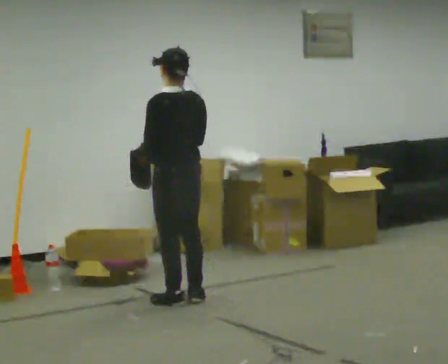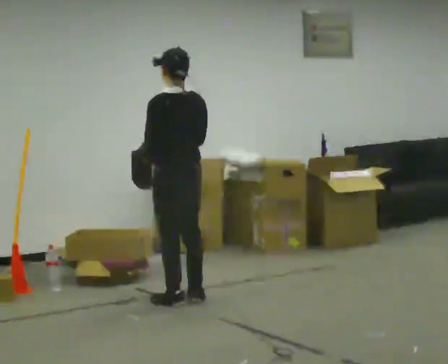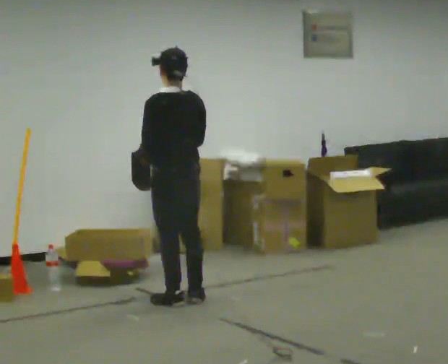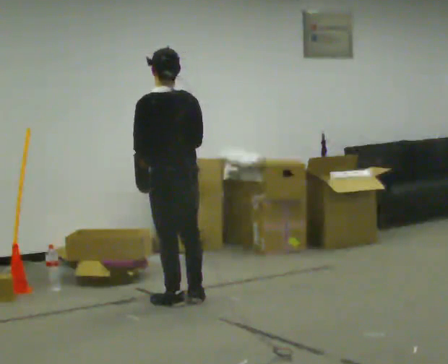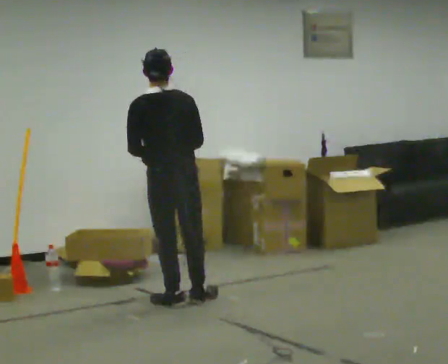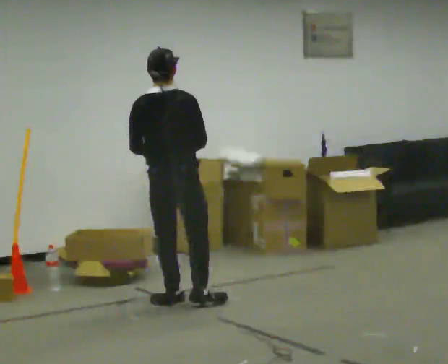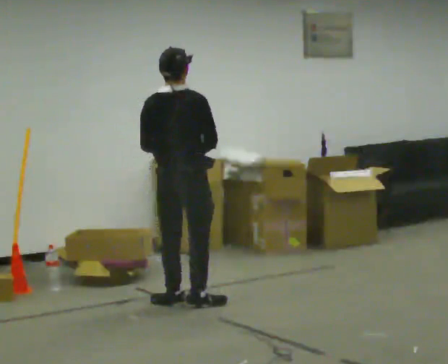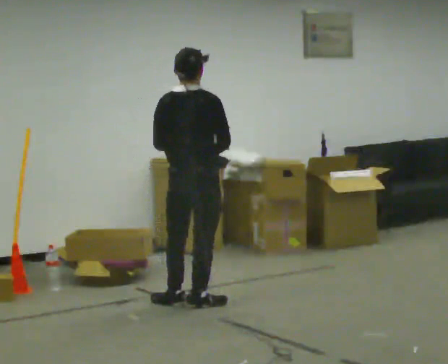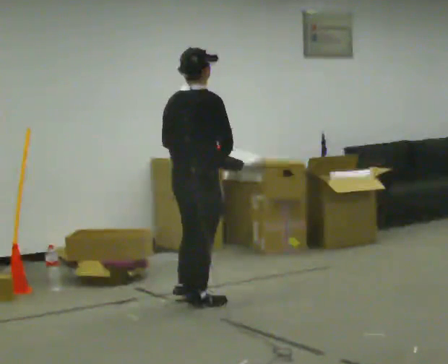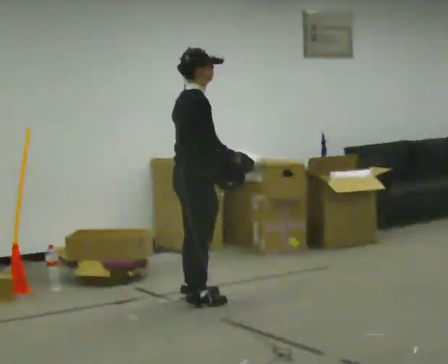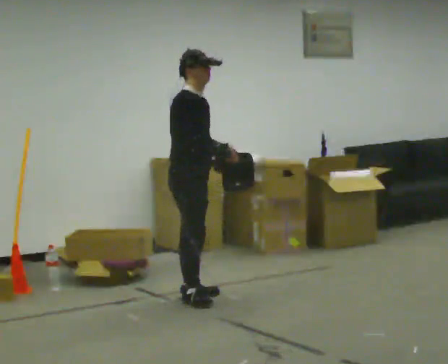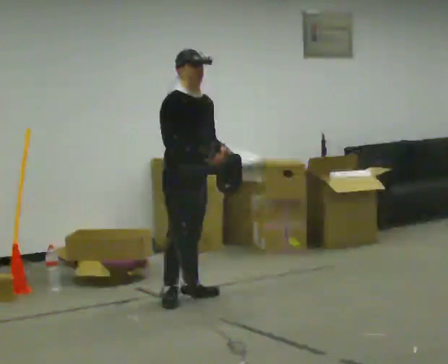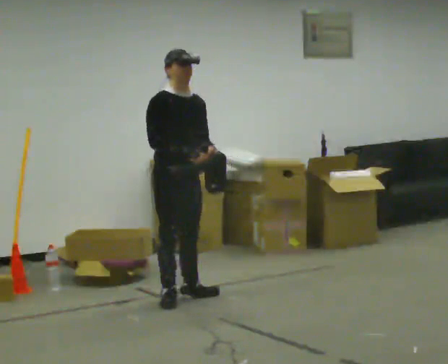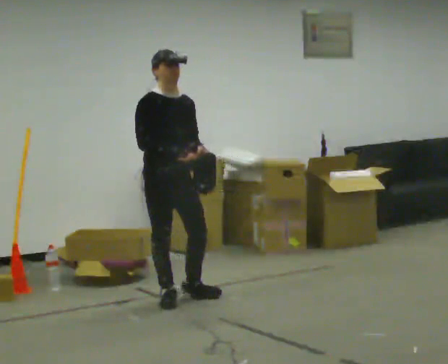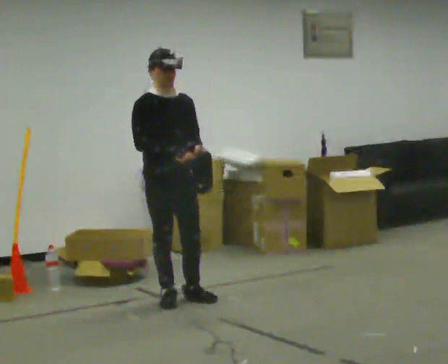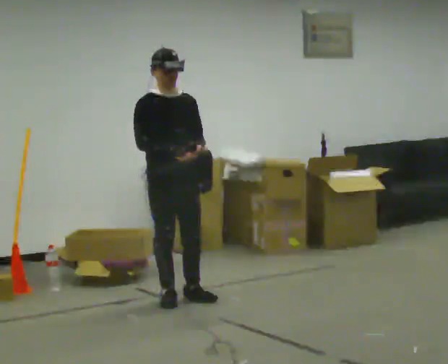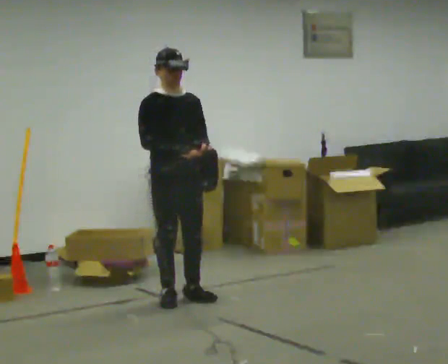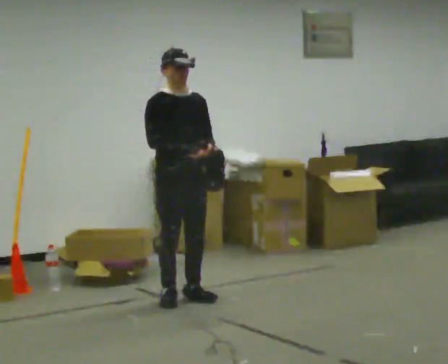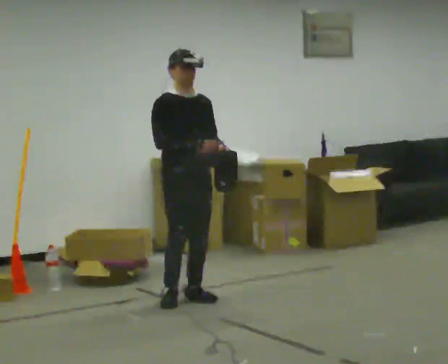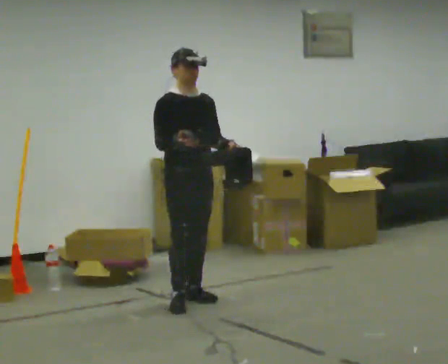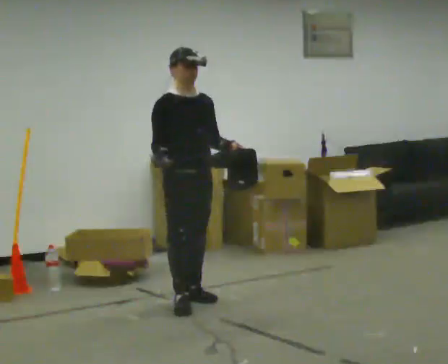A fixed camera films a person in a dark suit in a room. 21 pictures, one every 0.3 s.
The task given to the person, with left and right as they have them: Carry the open container and, while walking, reach in with one hand and take an item out, then put it back. Repeat as you walk. Do not stop.
0.0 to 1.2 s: Seen from above the body turns clockwise, about 30 degrees: to their right, with its near side sliding to the left.
1.2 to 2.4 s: The person turns about 45 degrees to their right, clockwise seen from above, so the part of the body nearest the lens slides to the left. In the picture their right hand goes to the right.
2.4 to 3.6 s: The person turns about 105 degrees to their right, clockwise seen from above, so the part of the body nearest the lens slides to the left. In the picture they go away from the camera, about 0.25 m in 2 steps.
3.6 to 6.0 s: The person moves a little, or ends about where they began.
The film runs forward here.
